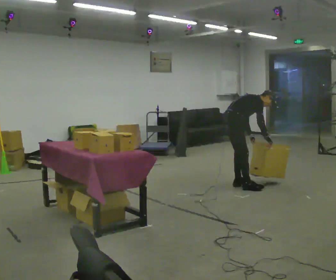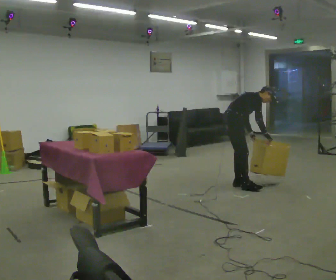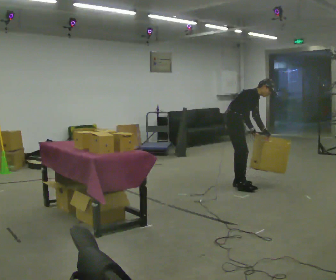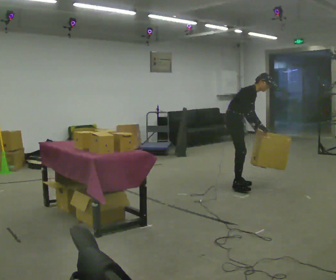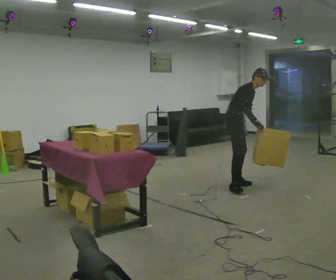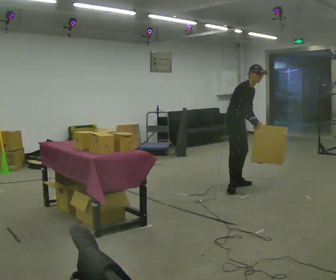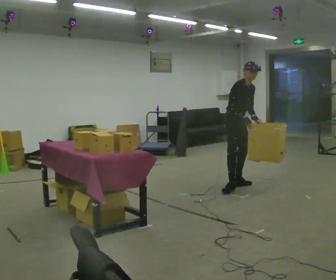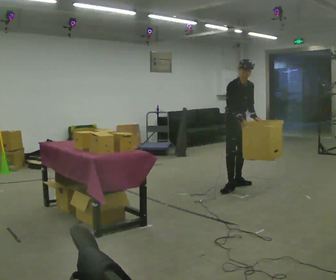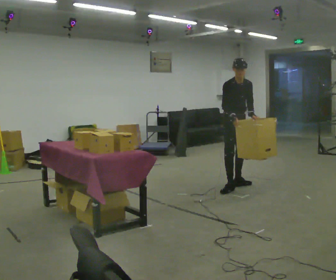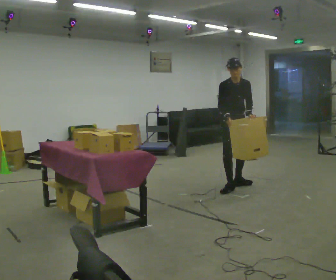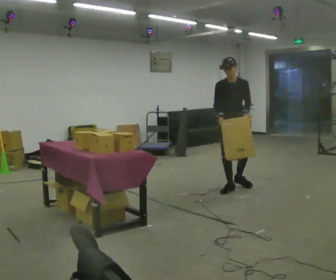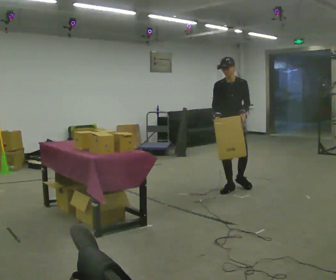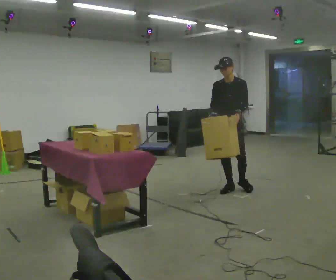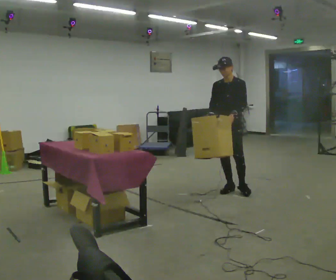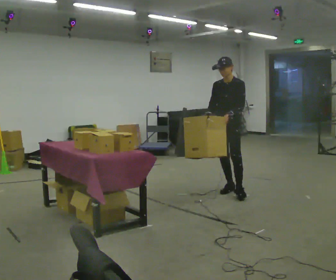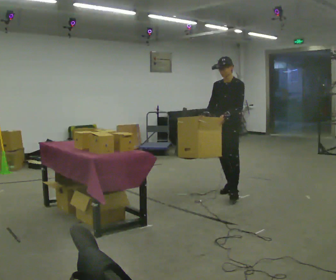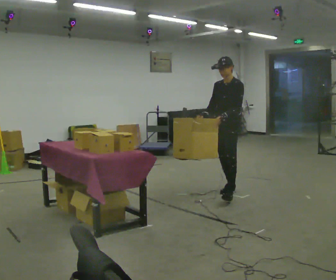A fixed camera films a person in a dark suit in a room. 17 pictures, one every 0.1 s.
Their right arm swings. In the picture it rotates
clockwise.
The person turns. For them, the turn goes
to their right.
0.0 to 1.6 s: The part of the body nearest the lens slides to the left as the person turns to their right by about 135 degrees. In the picture they go toward the camera, about 0.25 m in 1 step. The upper body goes upward. In the picture the upper body tilts counterclockwise, shoulders to the left, as they lean back or straighten.
The film runs forward here.
